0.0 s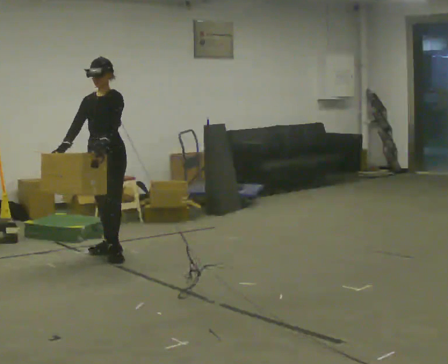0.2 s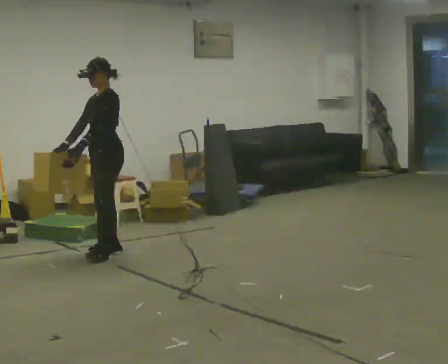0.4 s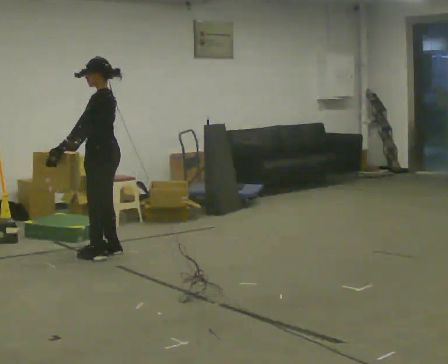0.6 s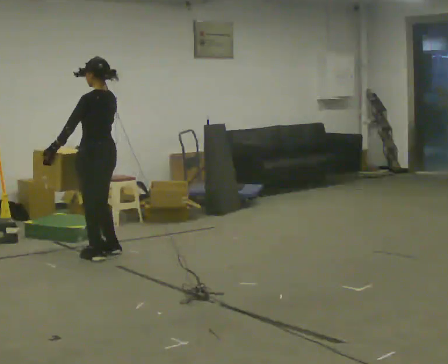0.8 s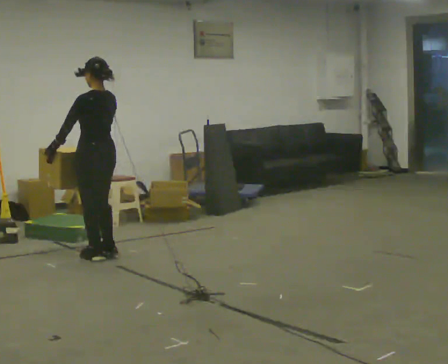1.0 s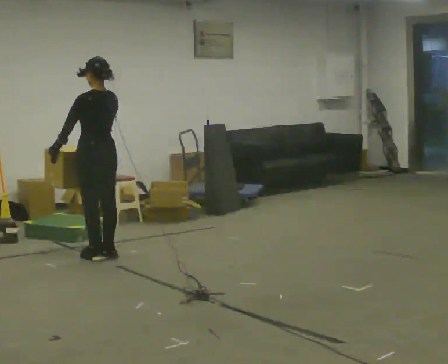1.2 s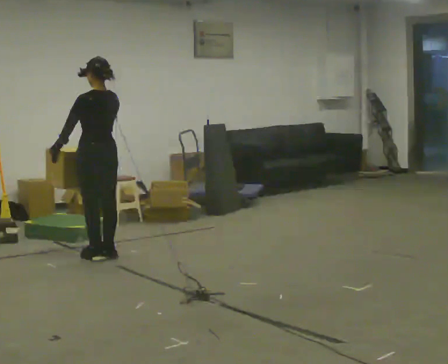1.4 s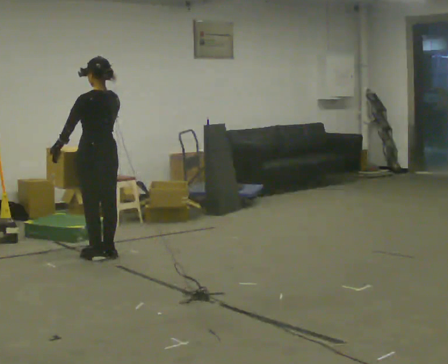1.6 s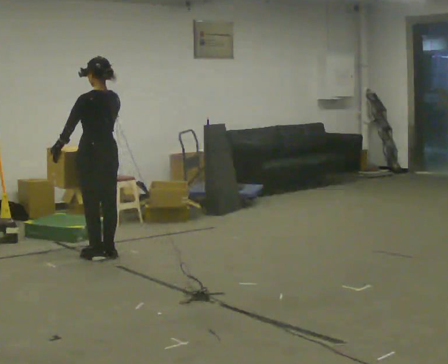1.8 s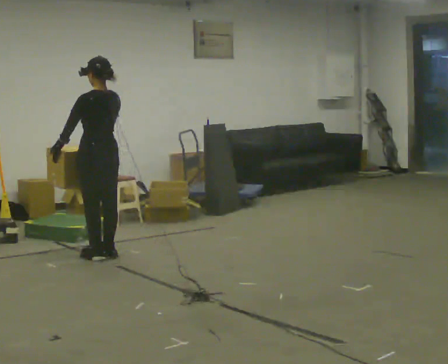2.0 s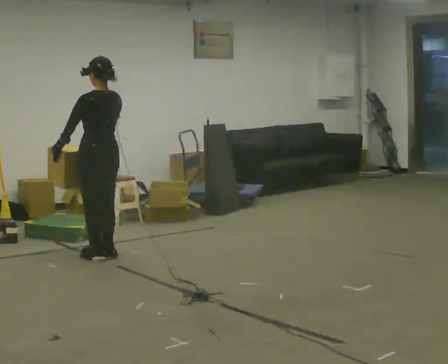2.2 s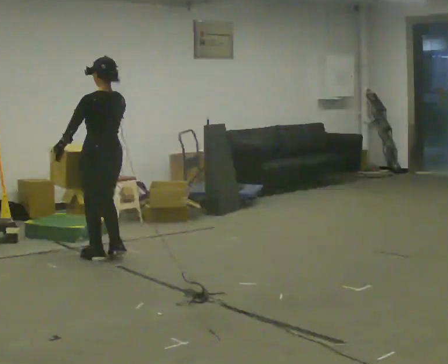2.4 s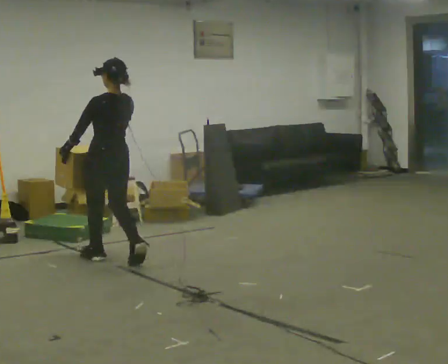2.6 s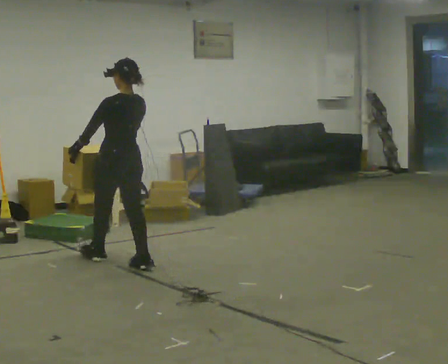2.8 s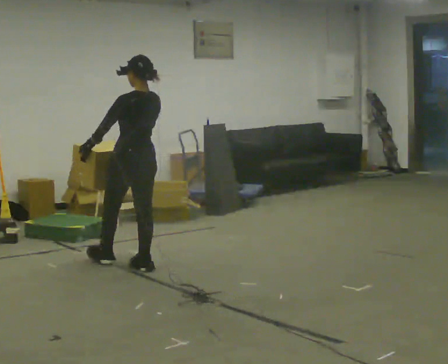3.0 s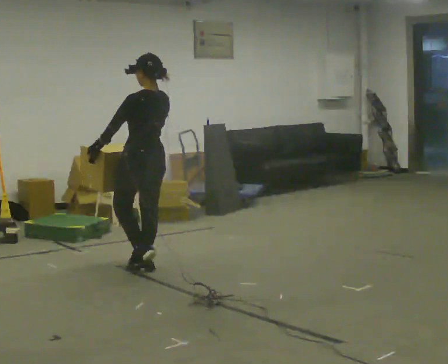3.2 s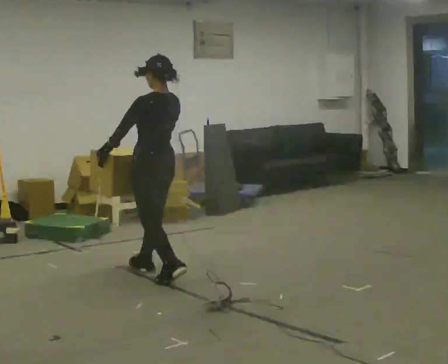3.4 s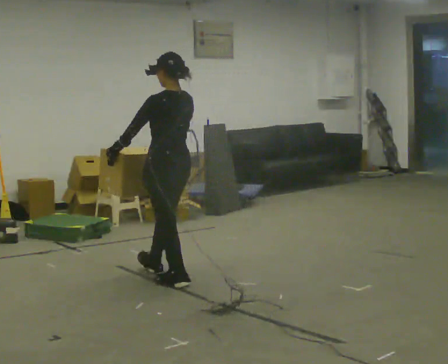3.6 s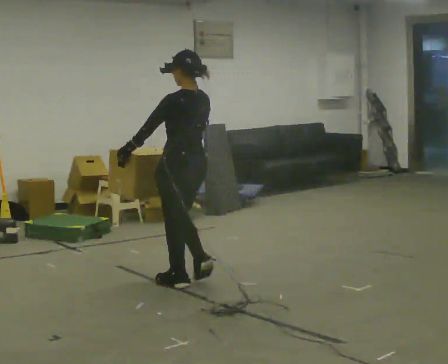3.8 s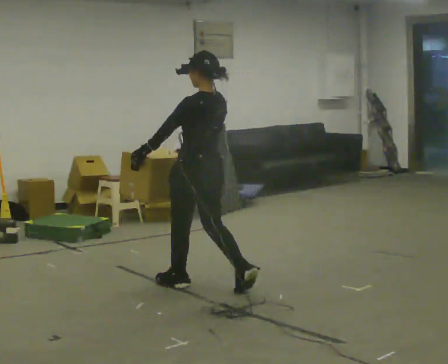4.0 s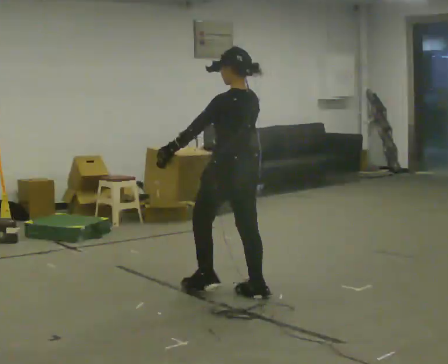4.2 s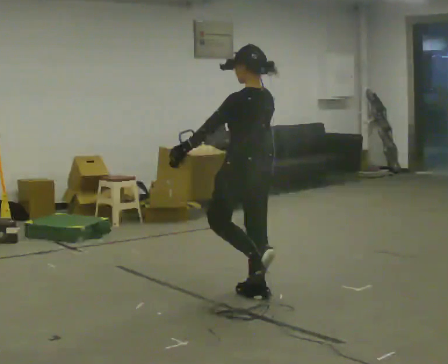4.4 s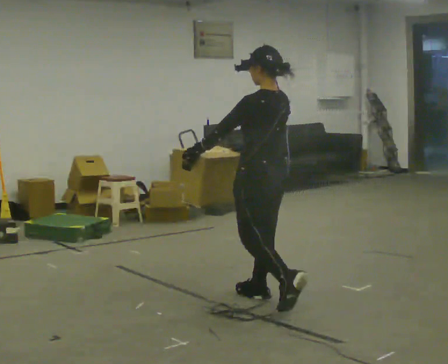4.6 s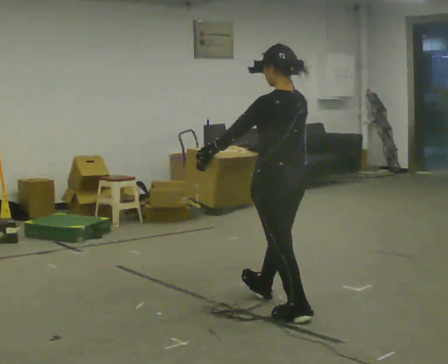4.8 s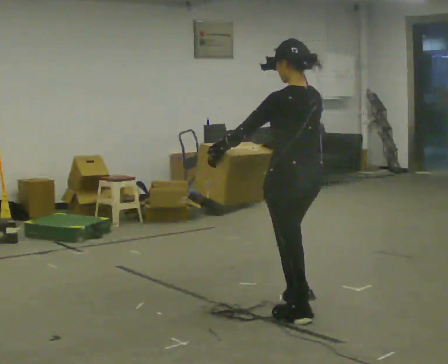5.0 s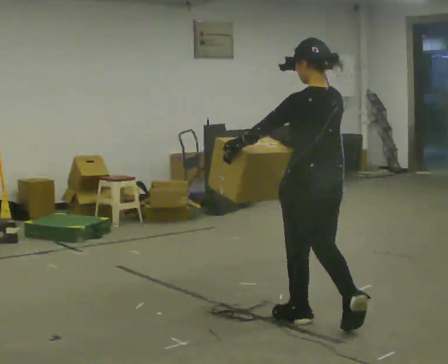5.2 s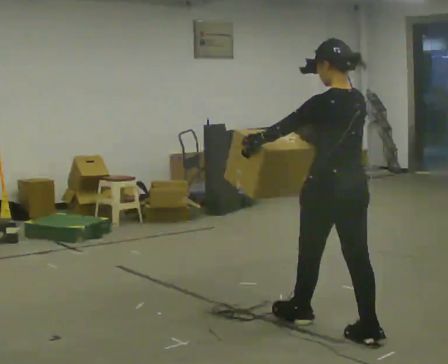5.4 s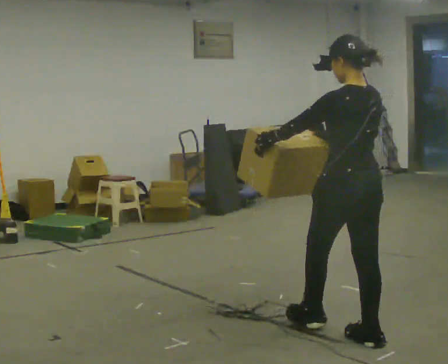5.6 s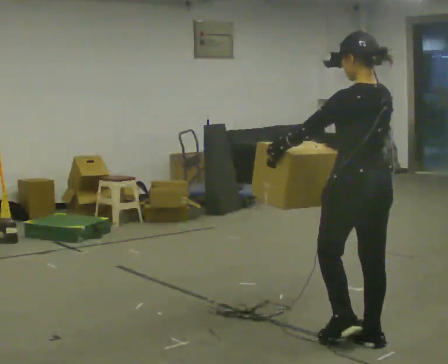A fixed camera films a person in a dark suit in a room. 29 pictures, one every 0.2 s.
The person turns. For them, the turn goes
to their right.
Their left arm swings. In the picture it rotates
clockwise.
0.0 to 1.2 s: The person turns about 120 degrees to their right, clockwise seen from above, so the part of the body nearest the lens slides to the left. In the picture their left hand goes to the left, the arm swinging clockwise.
1.2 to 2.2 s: The person moves a little, or ends about where they began.
2.2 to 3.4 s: In the picture they go toward the camera and to the right, about 1 m in 2 steps, which for them is backward.
3.4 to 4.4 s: In the picture they go toward the camera and to the right, about 1 m in 1 step, which for them is backward.
4.4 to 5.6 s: In the picture they go toward the camera and to the right, about 1 m in 2 steps, which for them is backward.
The film runs backward here.
